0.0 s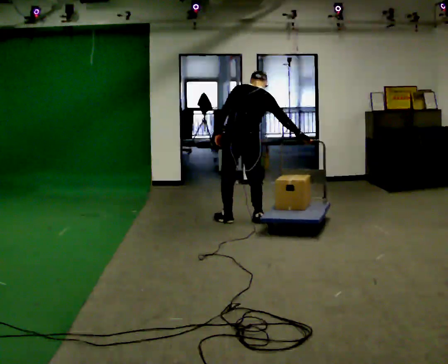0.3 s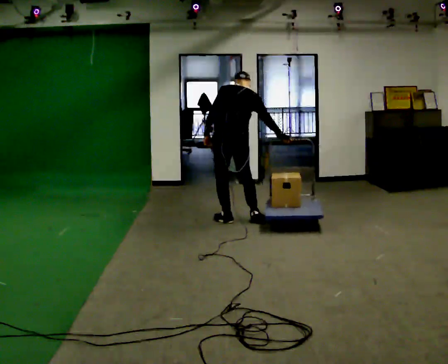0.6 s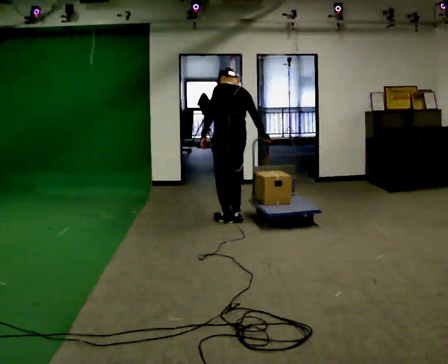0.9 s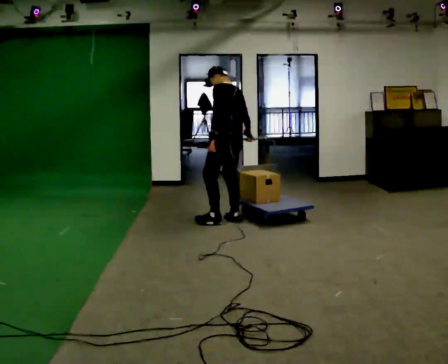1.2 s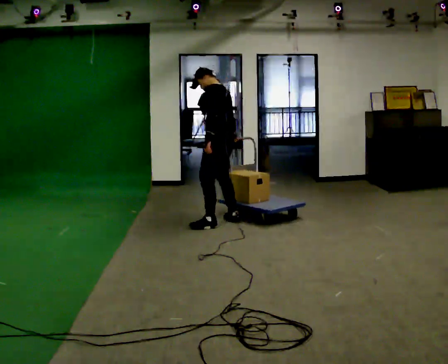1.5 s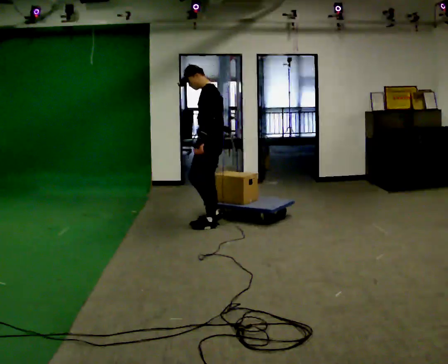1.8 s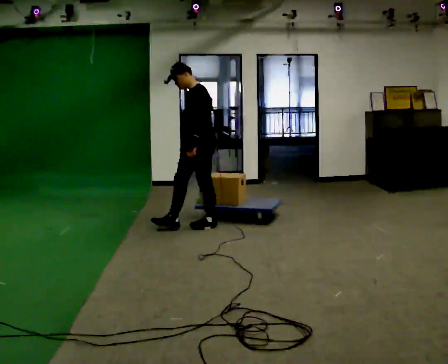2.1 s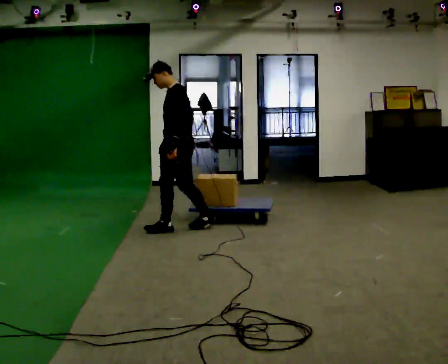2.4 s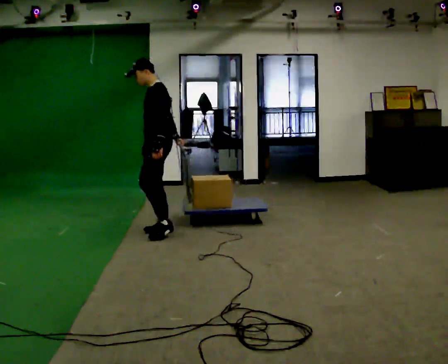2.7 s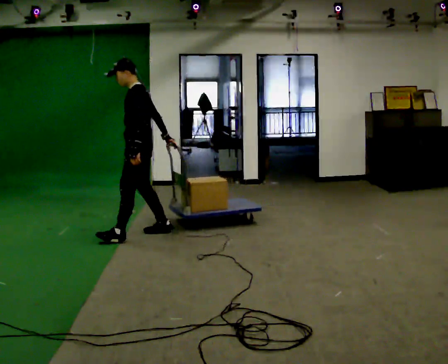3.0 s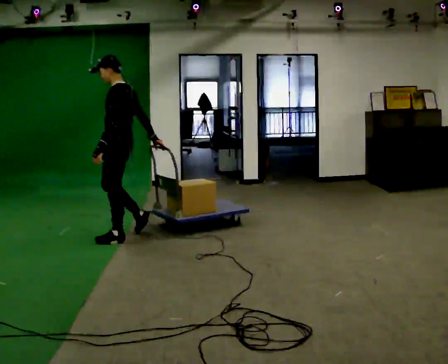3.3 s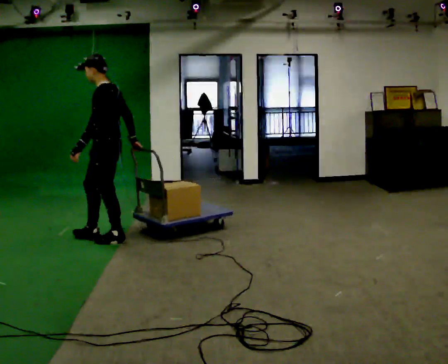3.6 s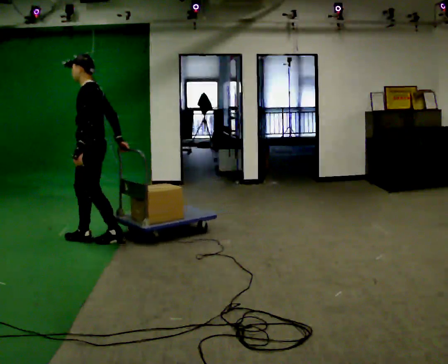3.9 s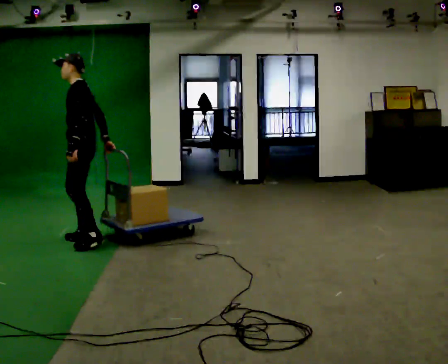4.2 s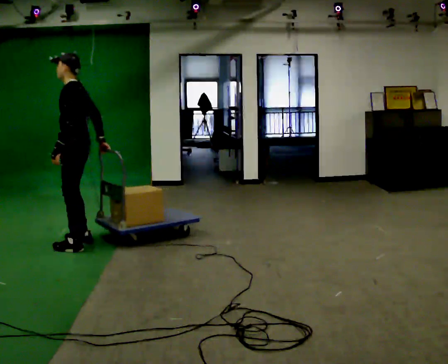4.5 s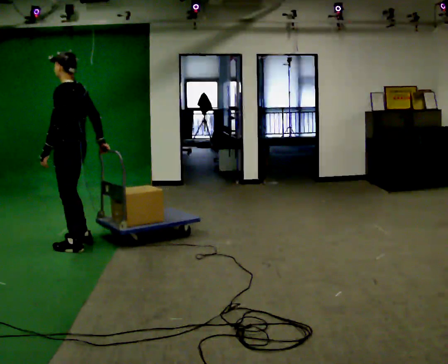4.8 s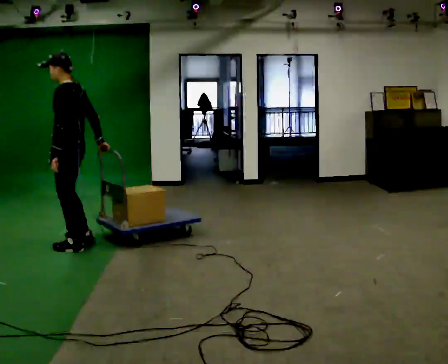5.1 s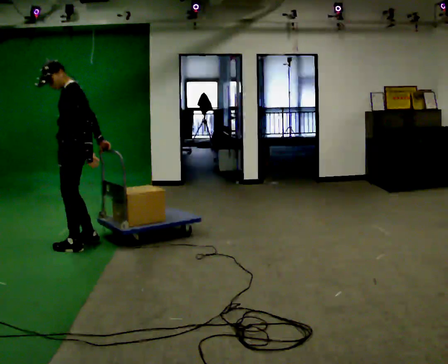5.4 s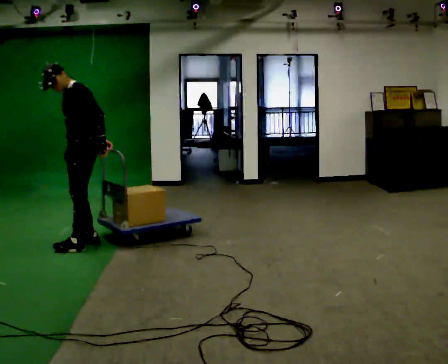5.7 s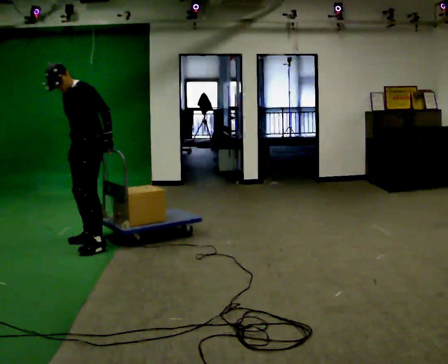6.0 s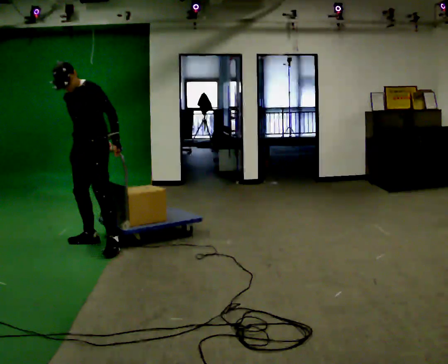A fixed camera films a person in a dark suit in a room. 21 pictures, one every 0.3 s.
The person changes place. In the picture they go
to the left.
0.0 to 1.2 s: The person turns about 60 degrees to their left, counterclockwise seen from above, so the part of the body nearest the lens slides to the right. In the picture they go to the left, about 0.25 m in 2 steps. In the picture the upper body tilts counterclockwise, shoulders to the left. In the picture their right hand goes to the left.
1.2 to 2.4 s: The part of the body nearest the lens slides to the right as the person turns to their left by about 45 degrees. In the picture they go to the left, about 0.75 m in 1 step, which for them is forward.
2.4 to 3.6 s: In the picture they go to the left and toward the camera, about 0.75 m in 2 steps, which for them is forward and to their left.
3.6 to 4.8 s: In the picture they go toward the camera and to the left, about 0.25 m in 1 step, which for them is to their left and forward.
4.8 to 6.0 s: The person turns about 60 degrees to their left, counterclockwise seen from above, so the part of the body nearest the lens slides to the right. In the picture they go to the right, about 0.25 m in 1 step, which for them is backward. In the picture the upper body tilts counterclockwise, shoulders to the left. In the picture their left hand goes to the right, the arm swinging counterclockwise.
The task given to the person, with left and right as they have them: Pull the cart behind you as you walk backward across the room. The operator will confirm the space behind you is clear before each take.
The film runs forward here.
